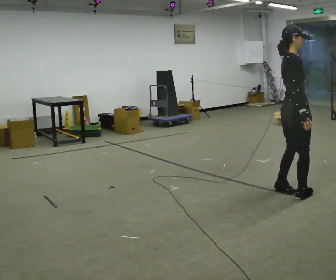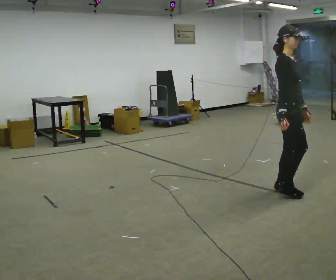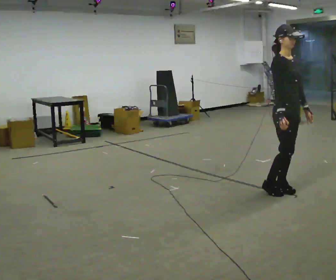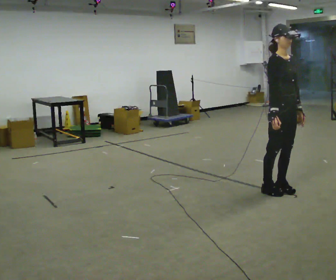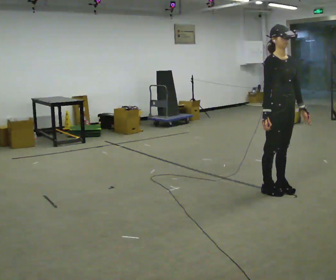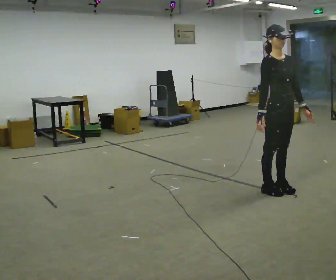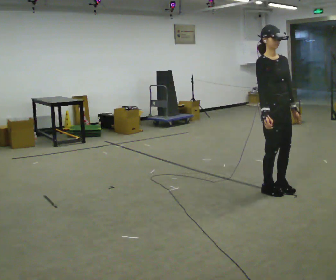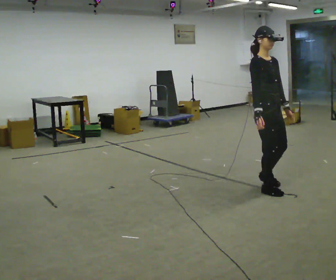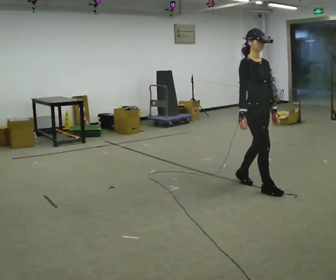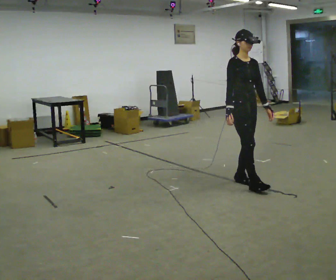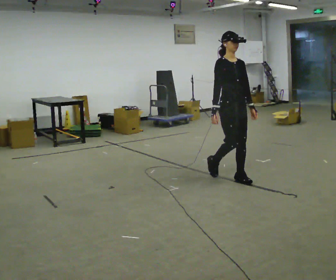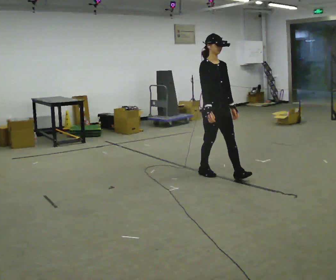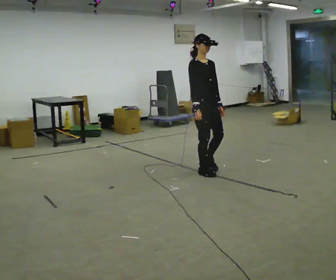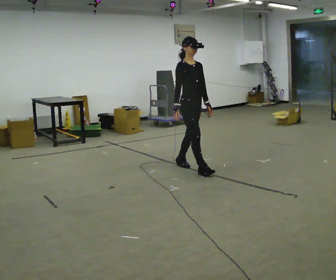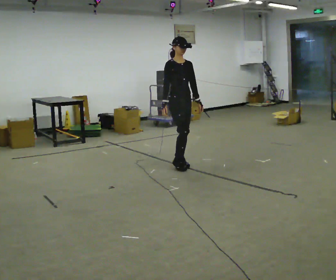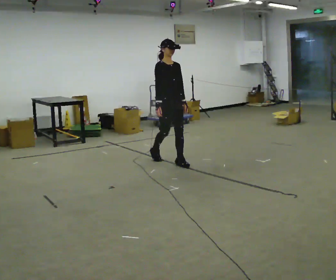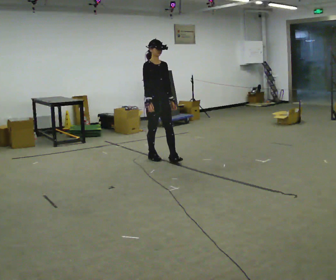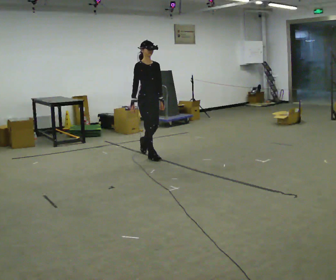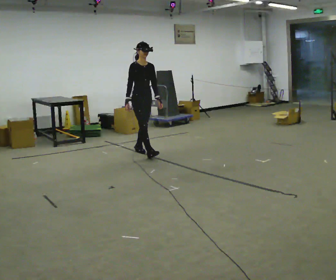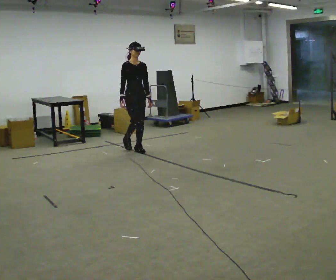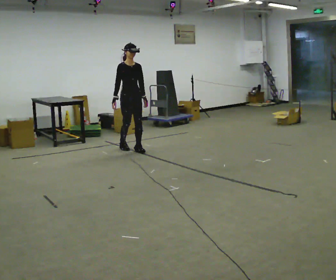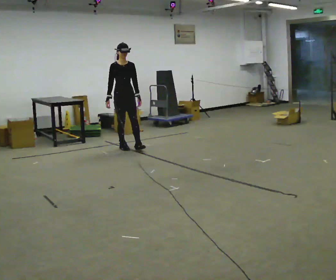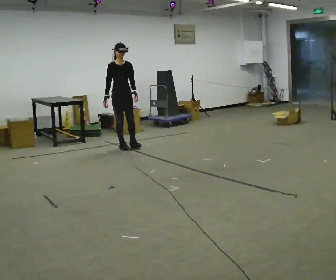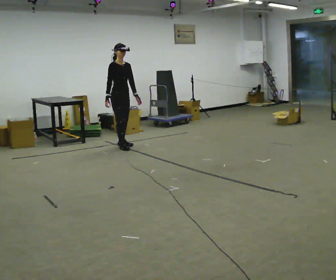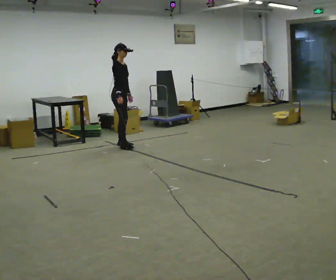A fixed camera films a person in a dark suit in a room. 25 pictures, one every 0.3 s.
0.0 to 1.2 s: The person turns about 60 degrees to their right, clockwise seen from above, so the part of the body nearest the lens slides to the left.
1.2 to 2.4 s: In the picture they go to the left, about 0.25 m in 1 step, which for them is backward.
2.4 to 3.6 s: In the picture they go away from the camera and to the left, about 1 m in 2 steps, which for them is backward.
3.6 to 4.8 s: In the picture they go away from the camera and to the left, about 1 m in 2 steps, which for them is backward.
4.8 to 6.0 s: In the picture they go away from the camera and to the left, about 0.5 m in 1 step, which for them is backward.
6.0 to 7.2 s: The part of the body nearest the lens slides to the right as the person turns to their left by about 45 degrees. In the picture they go to the left and away from the camera, about 0.25 m in 1 step, which for them is backward and to their right.
The film runs backward here.
